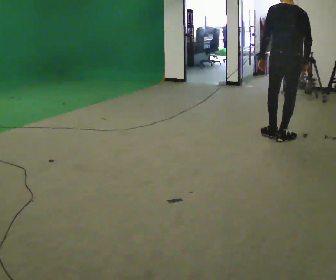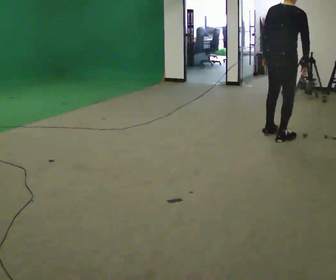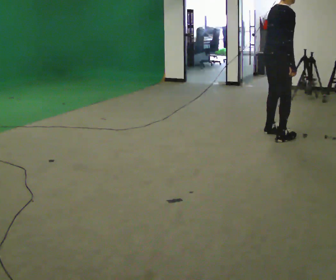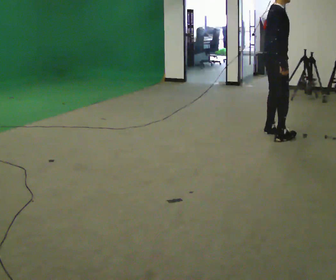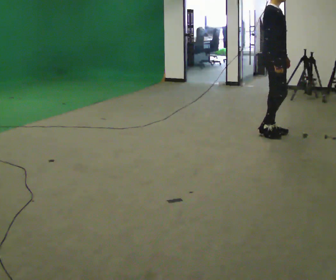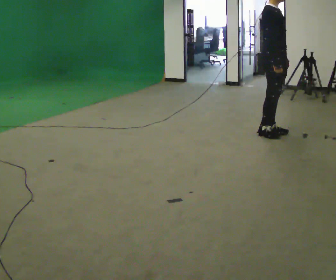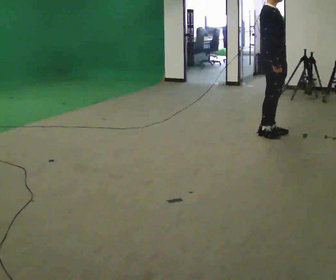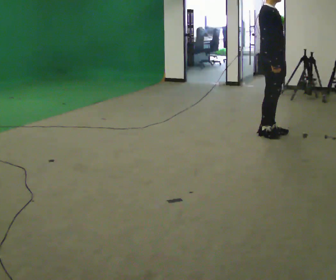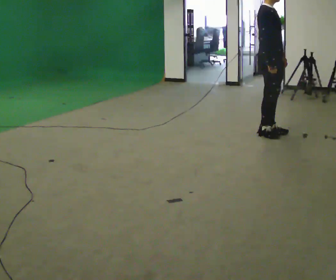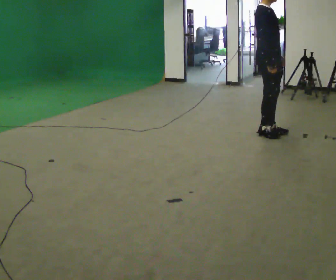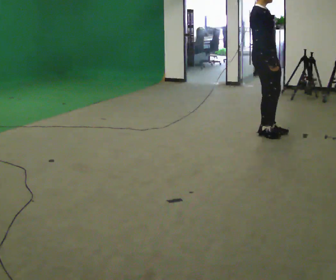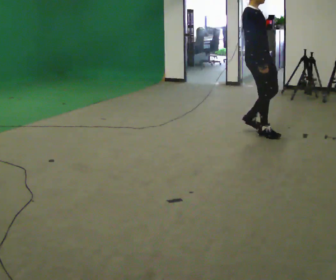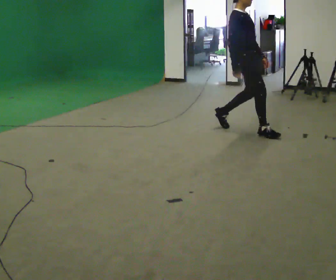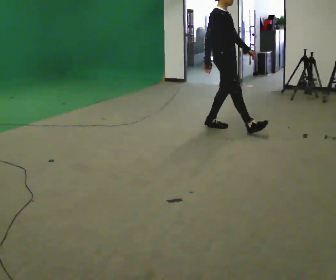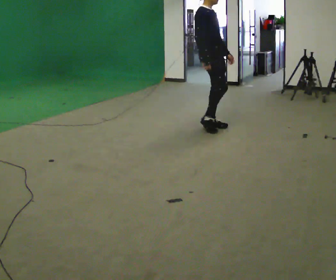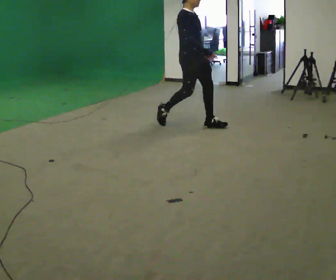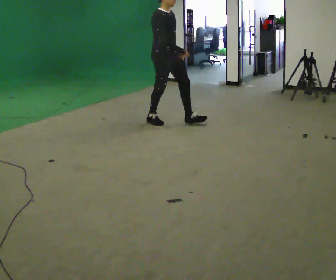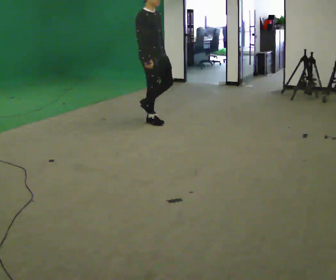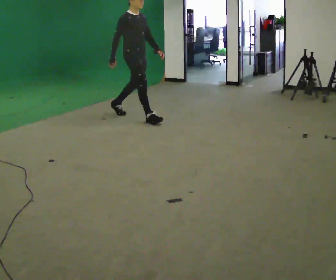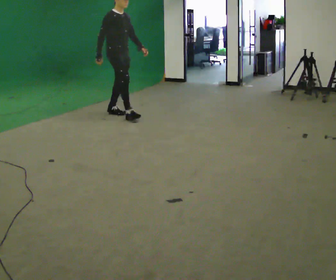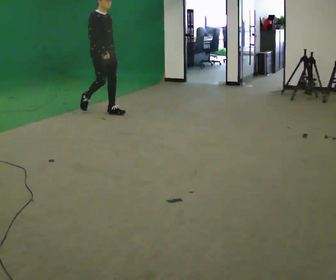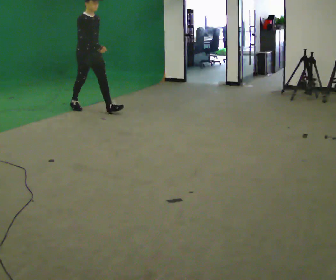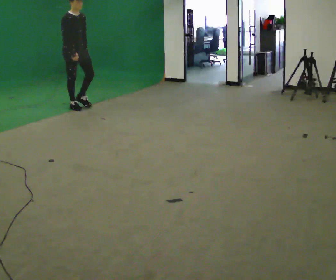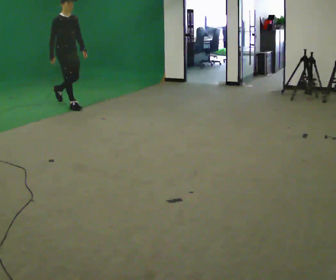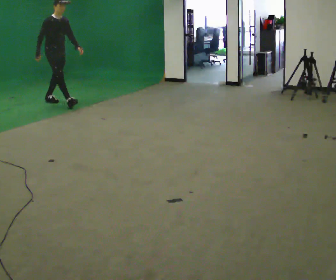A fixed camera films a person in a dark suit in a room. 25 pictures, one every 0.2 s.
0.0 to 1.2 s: Seen from above the body turns clockwise, about 120 degrees: to their right, with its near side sliding to the left. In the picture they go to the left, about 0.25 m in 1 step.
1.2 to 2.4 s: In the picture they go to the left, about 0.25 m in 1 step, which for them is backward.
2.4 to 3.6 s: In the picture they go to the left, about 1.5 m in 2 steps, which for them is backward.
3.6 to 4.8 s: In the picture they go to the left, about 1.5 m in 3 steps, which for them is backward.
The film runs backward here.
